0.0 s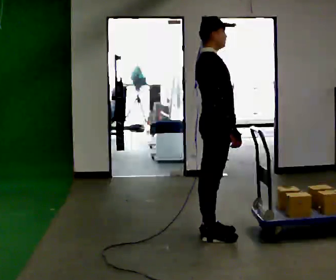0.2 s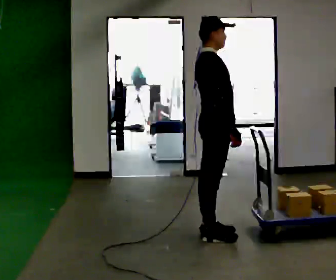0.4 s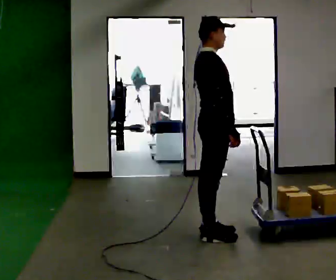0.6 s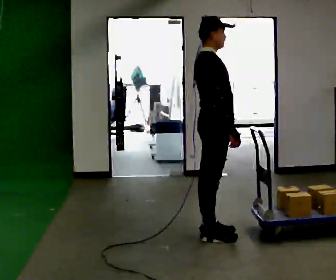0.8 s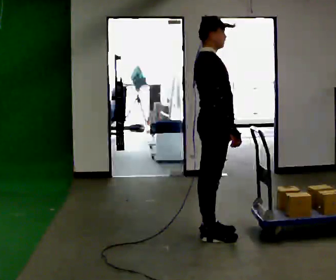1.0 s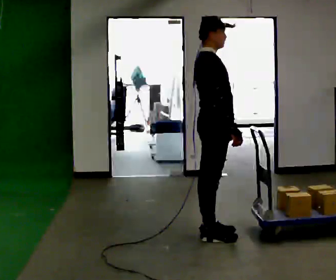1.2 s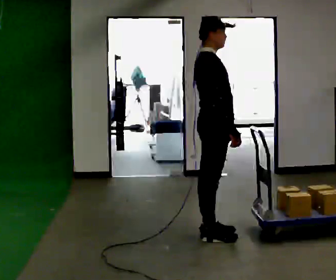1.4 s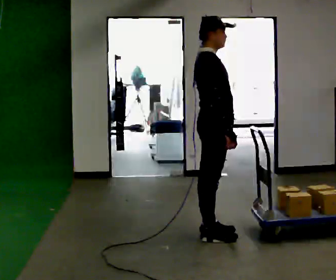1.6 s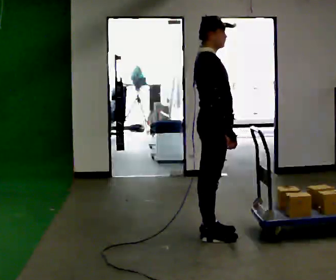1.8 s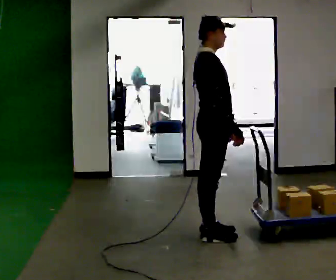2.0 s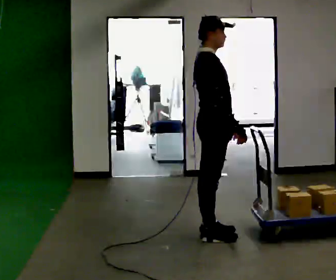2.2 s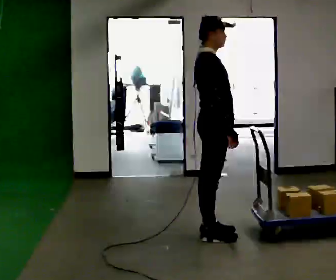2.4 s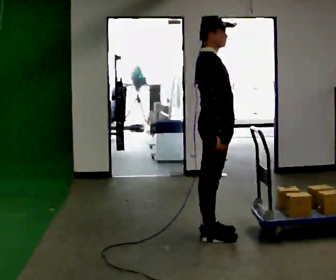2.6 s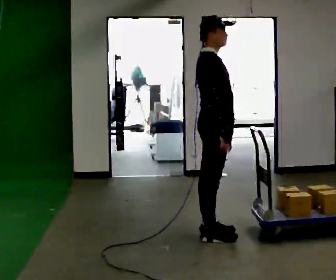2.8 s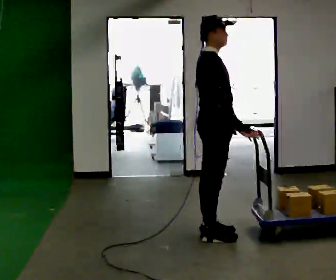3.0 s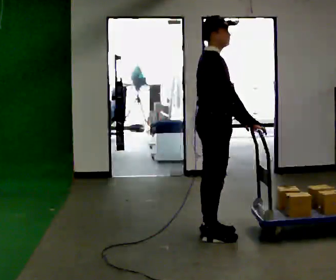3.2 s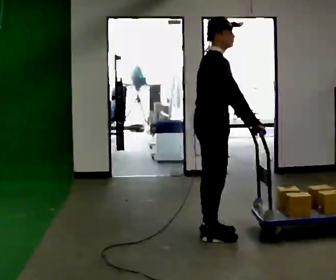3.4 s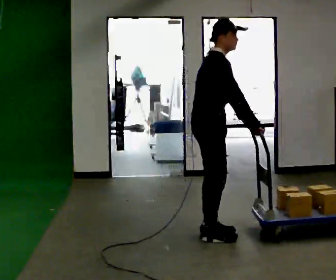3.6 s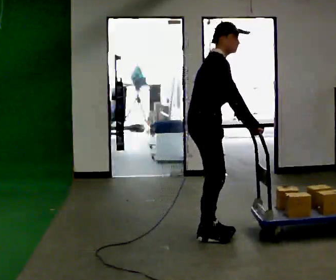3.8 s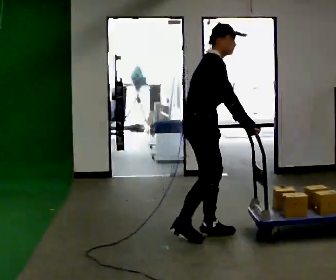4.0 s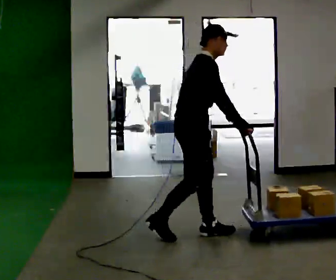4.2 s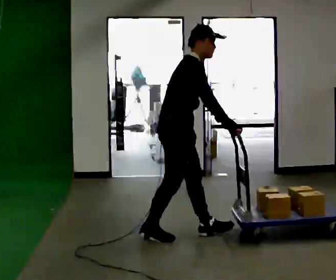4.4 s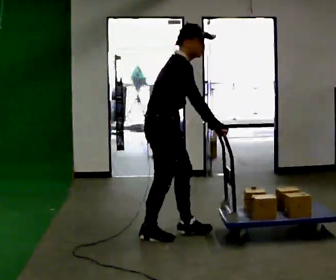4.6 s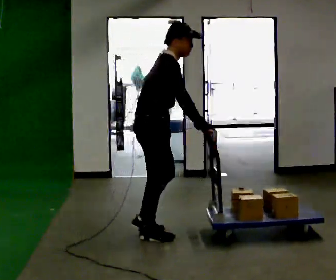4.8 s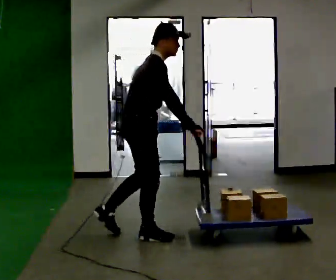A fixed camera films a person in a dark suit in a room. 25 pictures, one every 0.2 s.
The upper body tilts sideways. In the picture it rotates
clockwise.
0.0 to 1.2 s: The person keeps their place and pose.
1.2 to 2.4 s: The person moves a little, or ends about where they began.
2.4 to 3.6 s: In the picture the upper body tilts clockwise, shoulders to the right, as they bend forward.
3.6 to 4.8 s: In the picture they go to the left, about 0.5 m in 1 step, which for them is backward.
The film runs backward here.
